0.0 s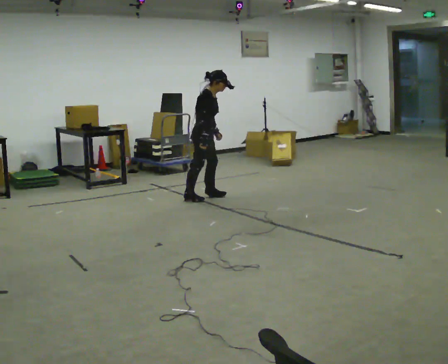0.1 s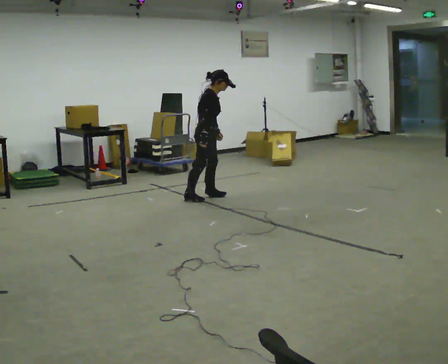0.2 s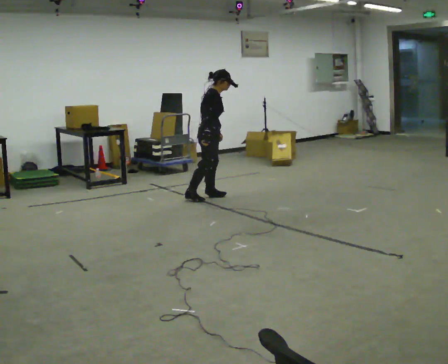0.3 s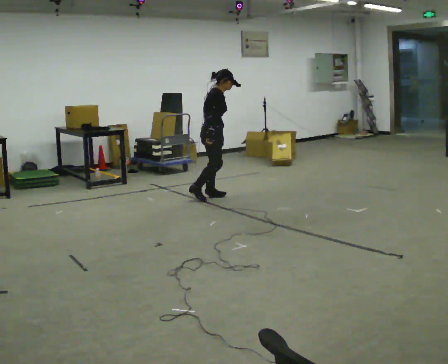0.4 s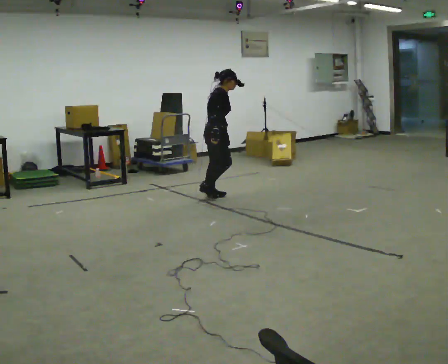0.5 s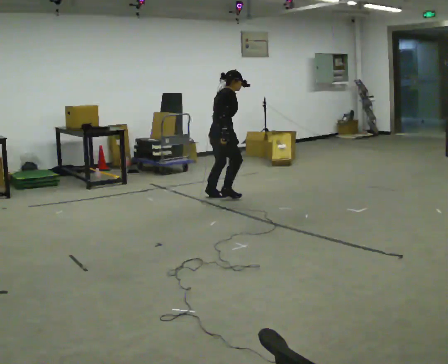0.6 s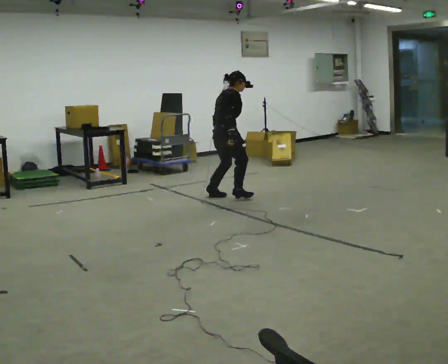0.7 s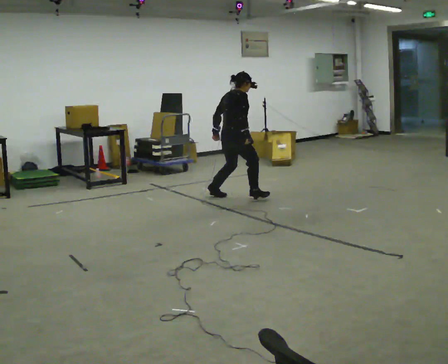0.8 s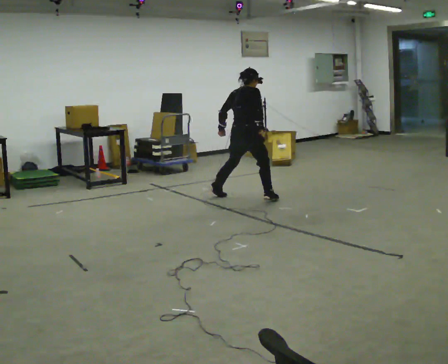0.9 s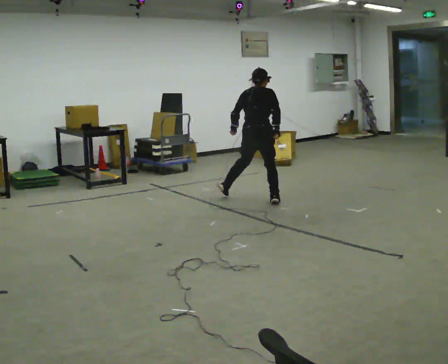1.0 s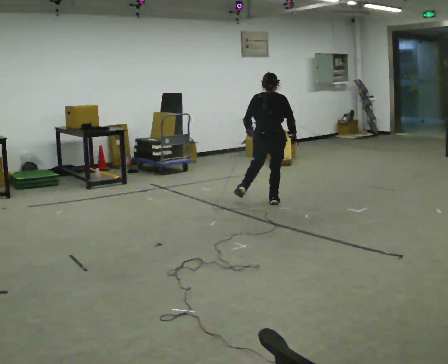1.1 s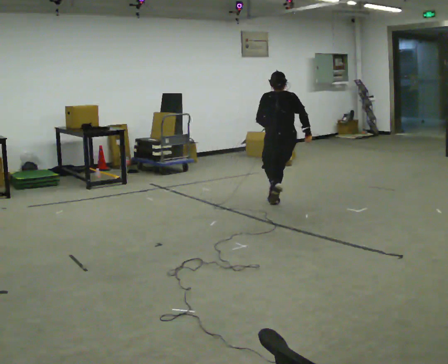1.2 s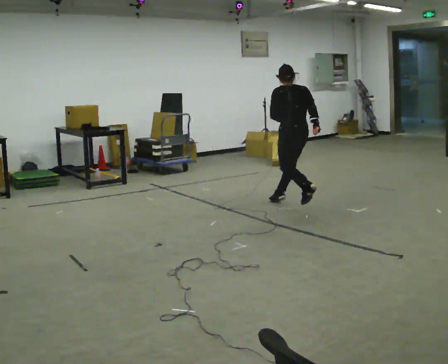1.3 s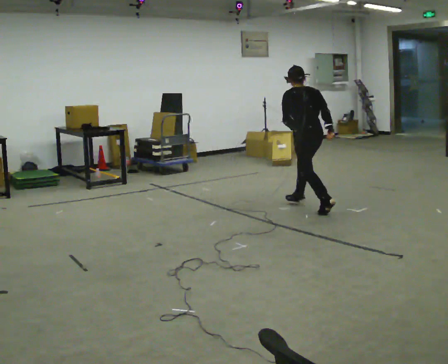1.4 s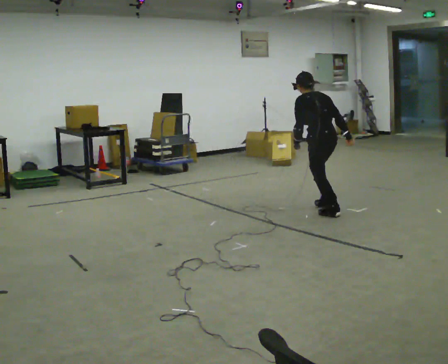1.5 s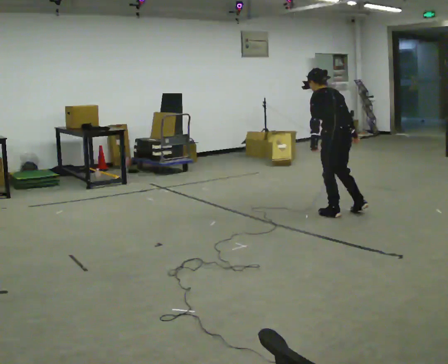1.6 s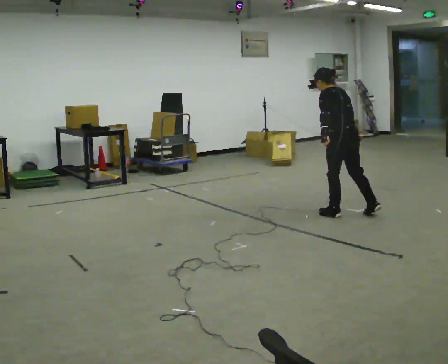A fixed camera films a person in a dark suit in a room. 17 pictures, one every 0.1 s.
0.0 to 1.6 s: The part of the body nearest the lens slides to the right as the person turns to their left by about 120 degrees. In the picture they go to the right and toward the camera, about 1.5 m in 2 steps. In the picture the upper body tilts counterclockwise, shoulders to the left.
The film runs forward here.
